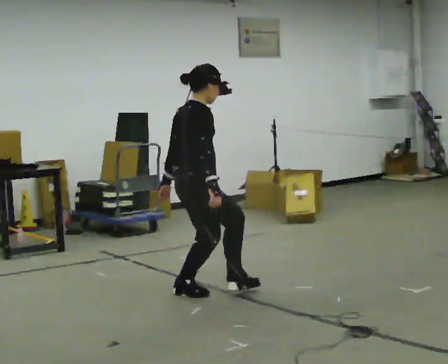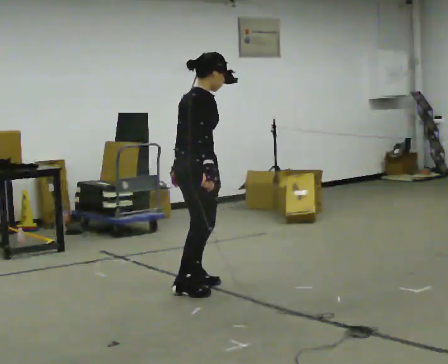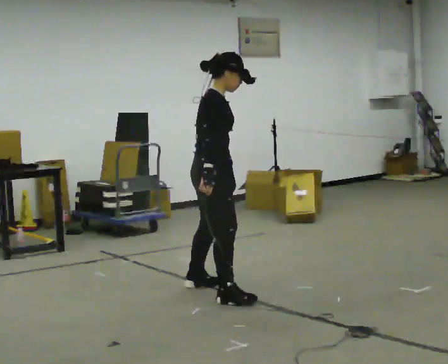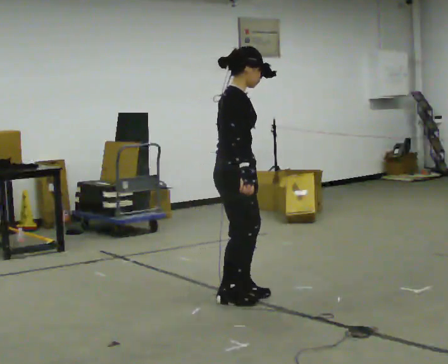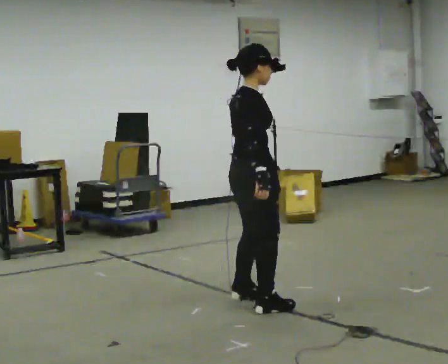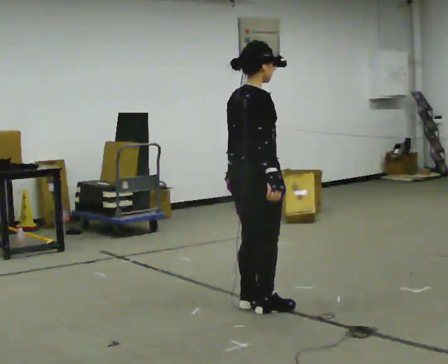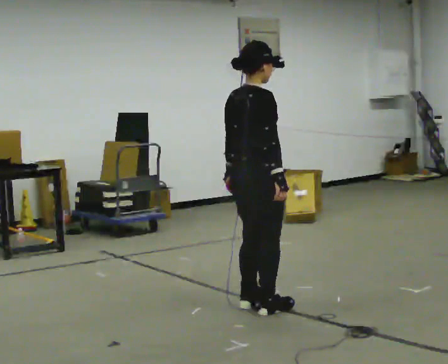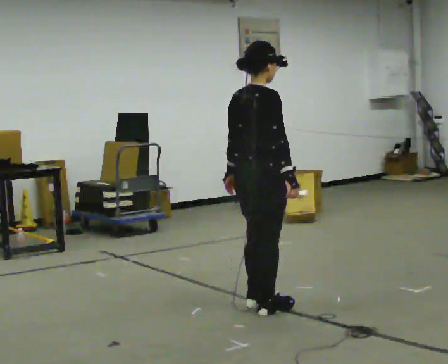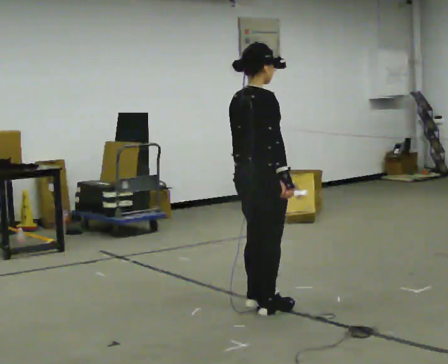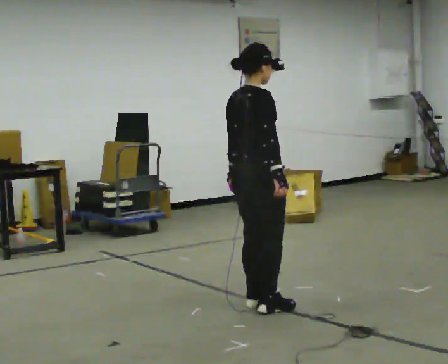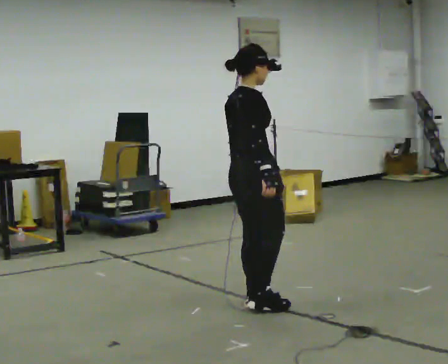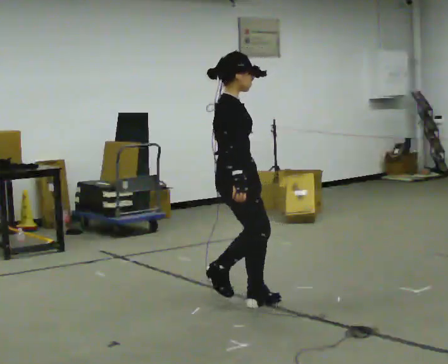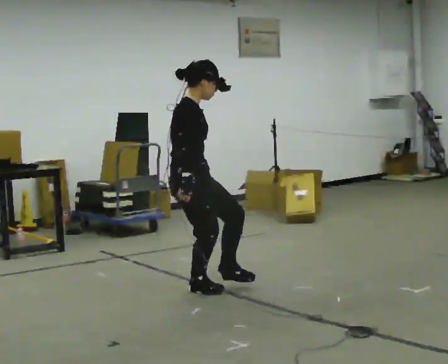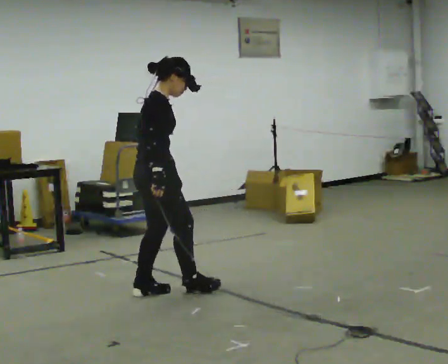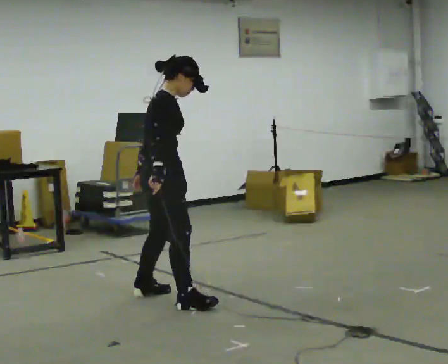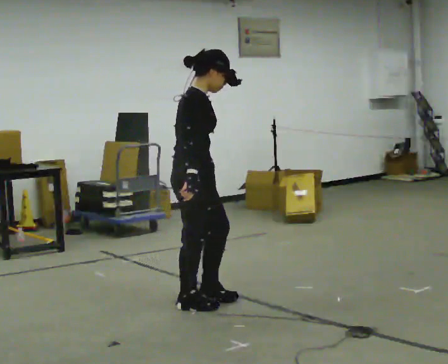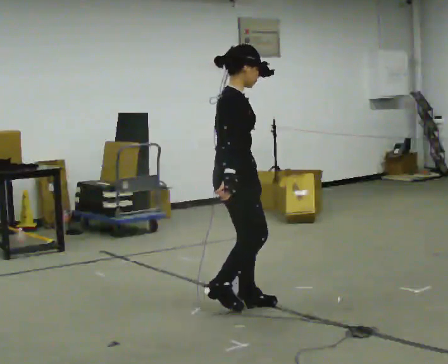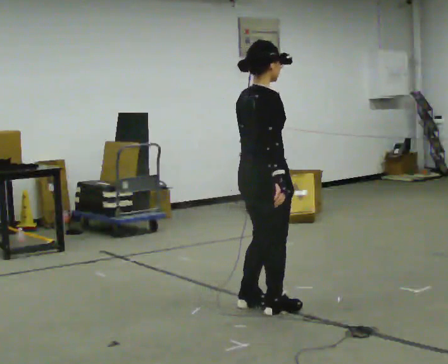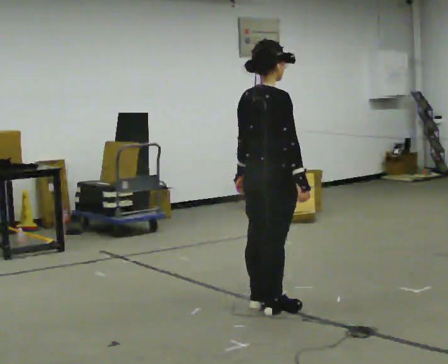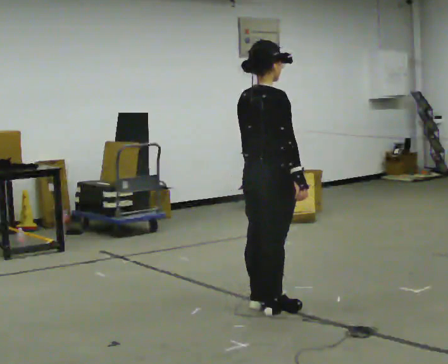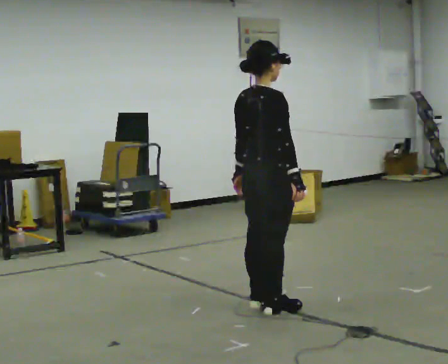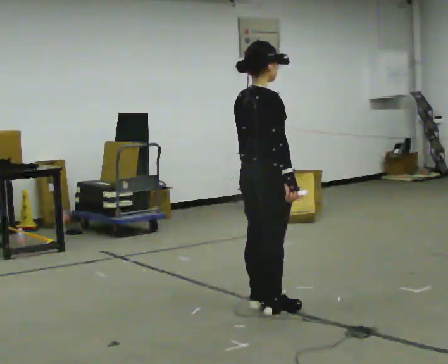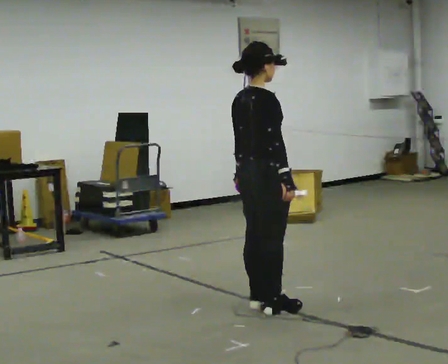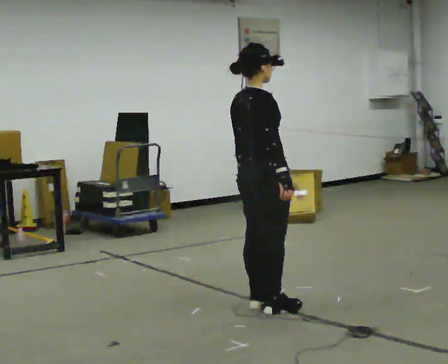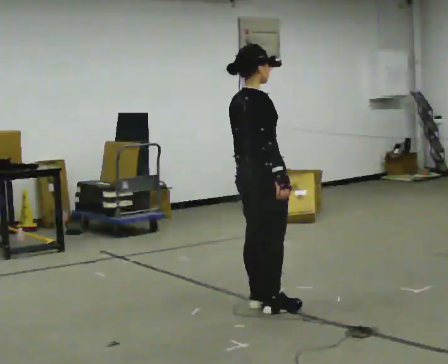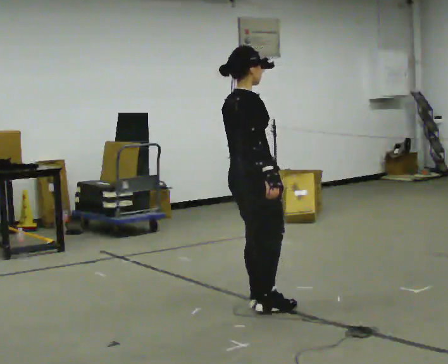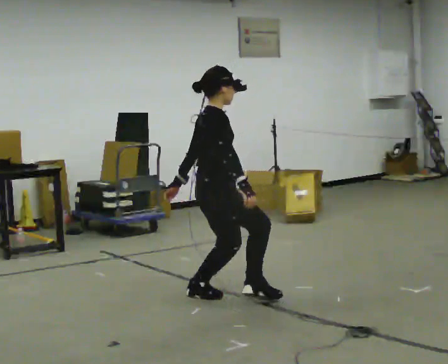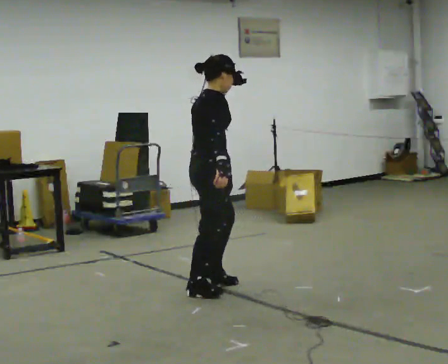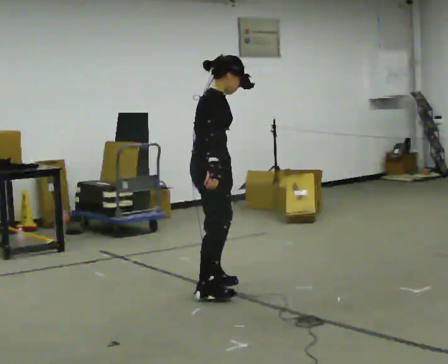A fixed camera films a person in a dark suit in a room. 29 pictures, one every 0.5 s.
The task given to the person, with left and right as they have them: Stand on the marked spots. Lean to the side the operator calls until you cannot hold it, then step to catch yourself. Return to the spots. Repeat at your own pace until the operator says stop. Go slowly and only as far as you are comfortable. Step whenever you need to; do not try to hold on longer than feels safe.
0.0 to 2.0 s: In the picture they go to the right and toward the camera, about 0.5 m in 4 steps, which for them is forward and to their right.
2.0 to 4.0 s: The person moves a little, or ends about where they began.
4.0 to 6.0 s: The part of the body nearest the lens slides to the left as the person turns to their right by about 30 degrees. In the picture they go to the left and away from the camera, about 0.5 m in 1 step, which for them is to their left and backward.
6.0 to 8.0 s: In the picture they go toward the camera and to the right, about 0.5 m in 3 steps, which for them is to their right and forward.
8.0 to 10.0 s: The person turns about 30 degrees to their left, counterclockwise seen from above, so the part of the body nearest the lens slides to the right. In the picture they go to the right, about 0.25 m in 1 step, which for them is forward and to their right. In the picture their right hand goes to the right.
10.0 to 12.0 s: The person moves a little, or ends about where they began.
12.0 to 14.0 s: In the picture they go away from the camera and to the left, about 0.5 m in 2 steps, which for them is to their left and backward.
The film runs forward here.
